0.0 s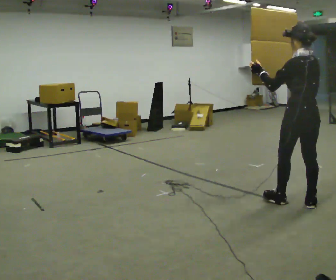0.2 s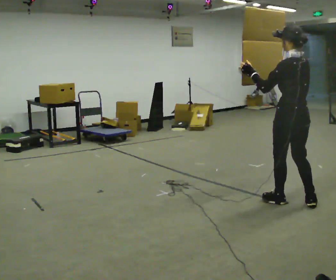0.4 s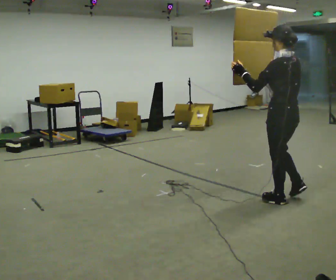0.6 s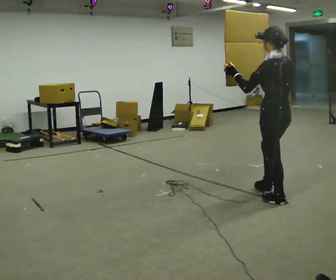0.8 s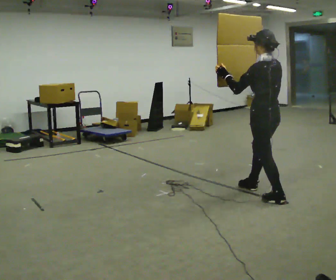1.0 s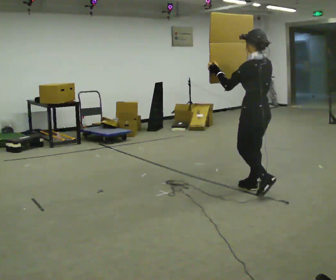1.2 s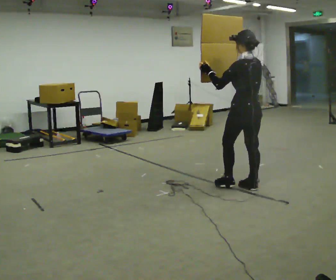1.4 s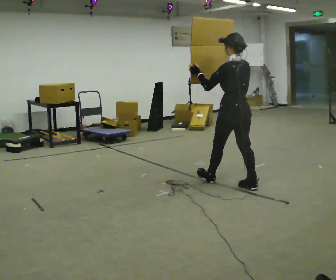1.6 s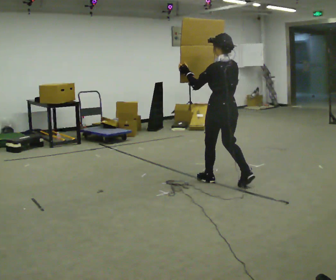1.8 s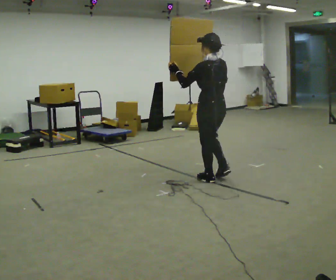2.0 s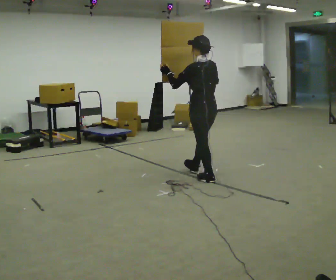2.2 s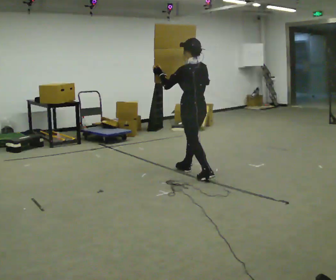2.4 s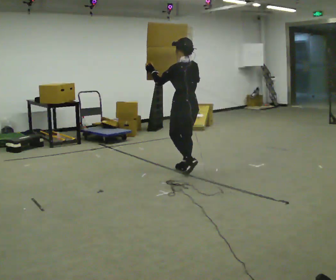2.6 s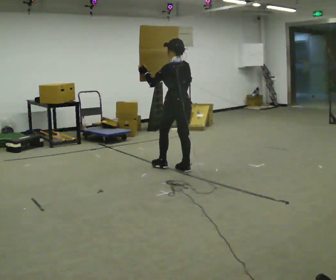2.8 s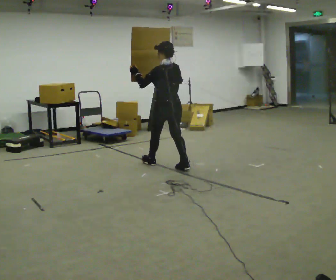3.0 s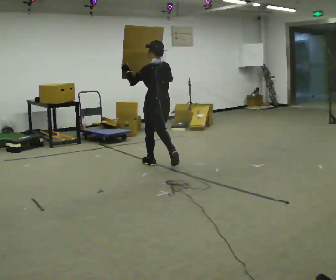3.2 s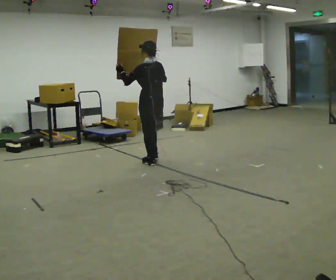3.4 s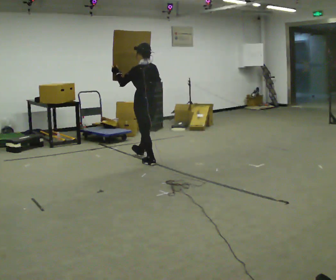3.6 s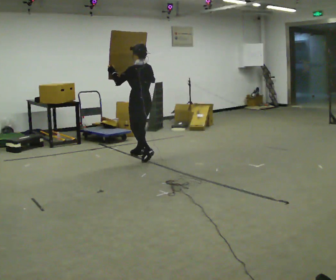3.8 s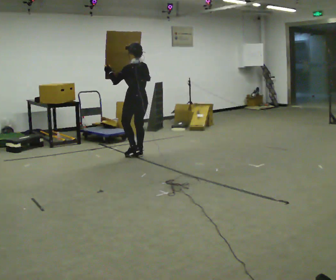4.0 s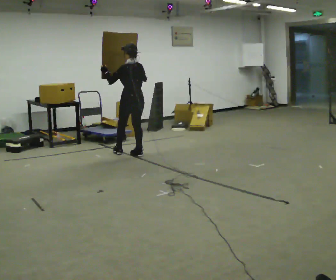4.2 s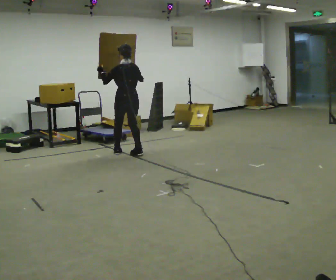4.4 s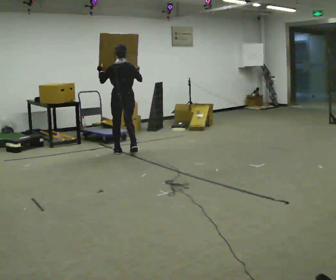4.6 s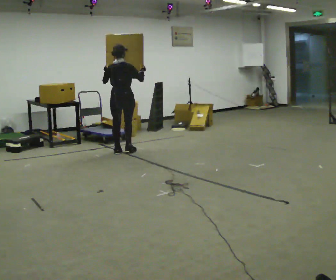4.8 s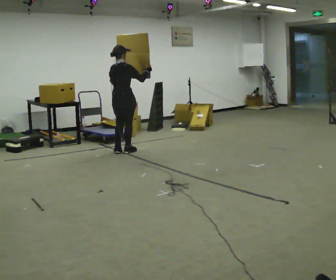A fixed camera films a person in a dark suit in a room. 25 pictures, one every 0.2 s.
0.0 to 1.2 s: In the picture they go away from the camera and to the left, about 0.5 m in 1 step, which for them is forward.
1.2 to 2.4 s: In the picture they go away from the camera and to the left, about 1 m in 2 steps, which for them is forward.
2.4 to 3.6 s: In the picture they go away from the camera and to the left, about 1 m in 2 steps, which for them is forward.
3.6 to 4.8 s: The part of the body nearest the lens slides to the left as the person turns to their right by about 75 degrees. In the picture they go away from the camera and to the left, about 0.5 m in 2 steps.
The film runs forward here.
